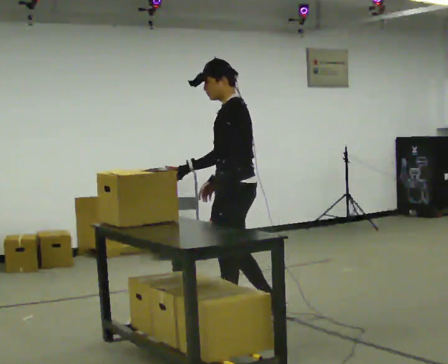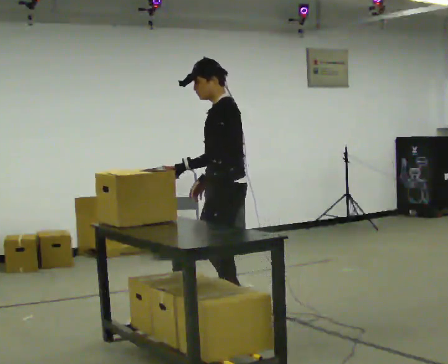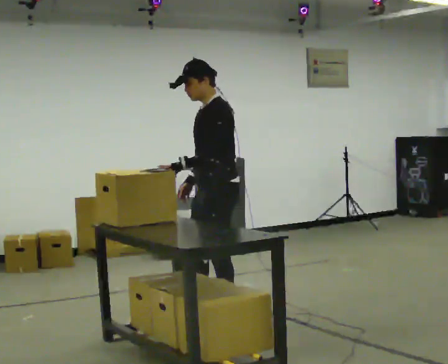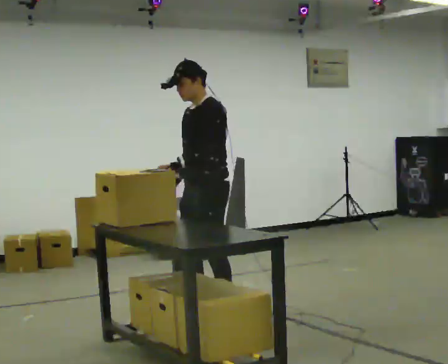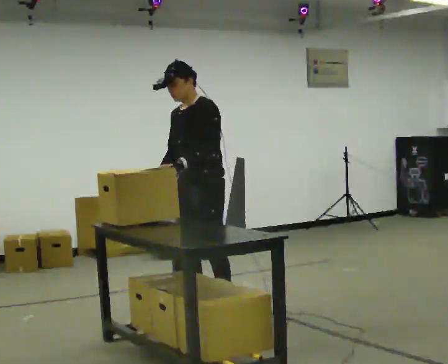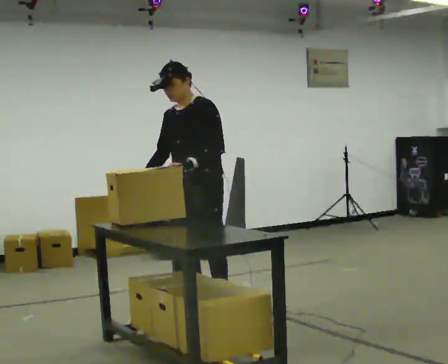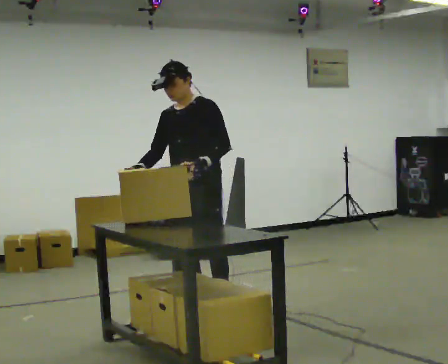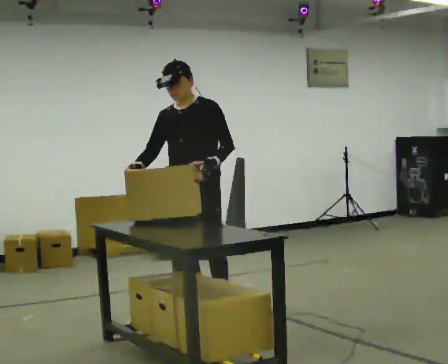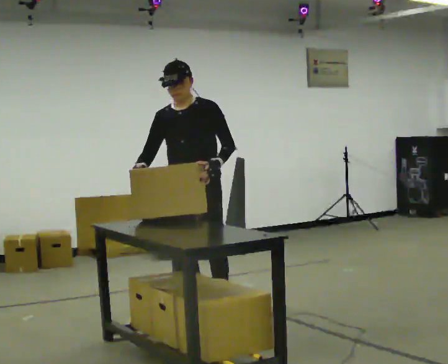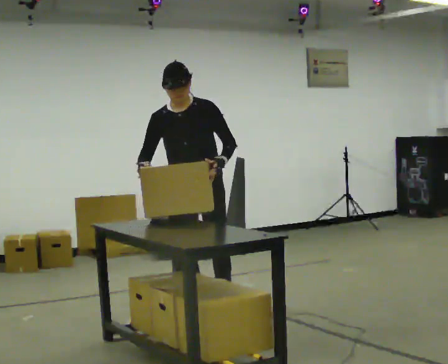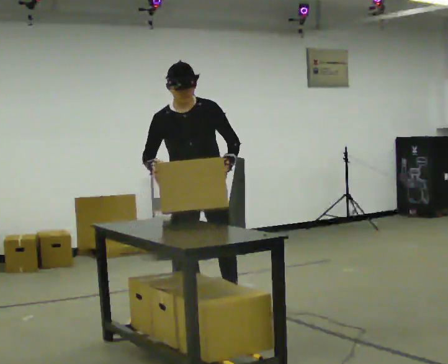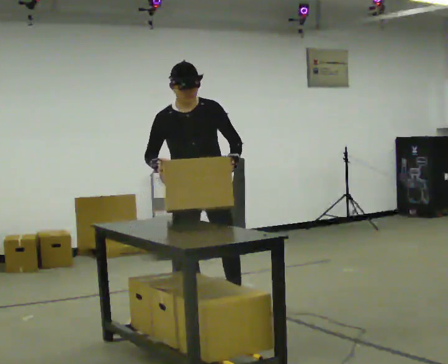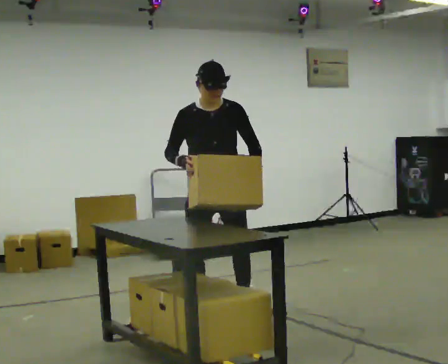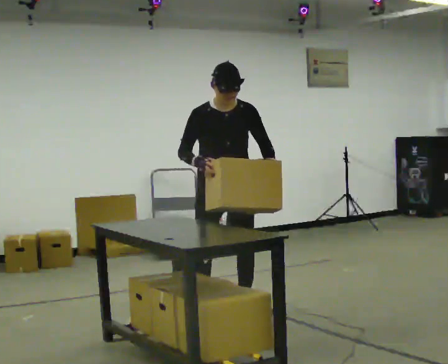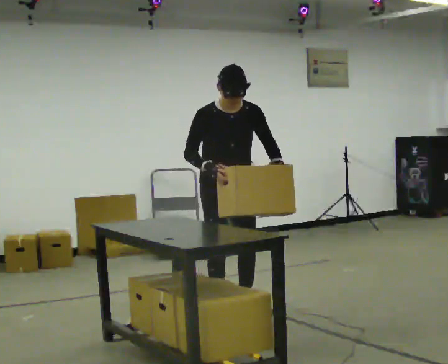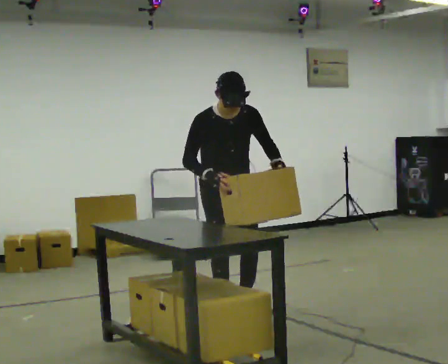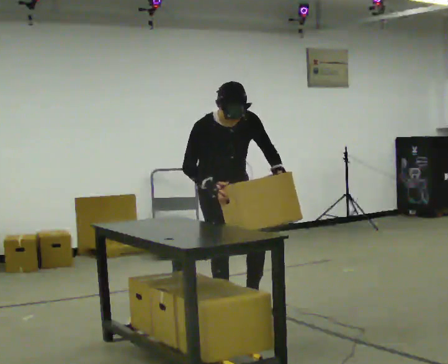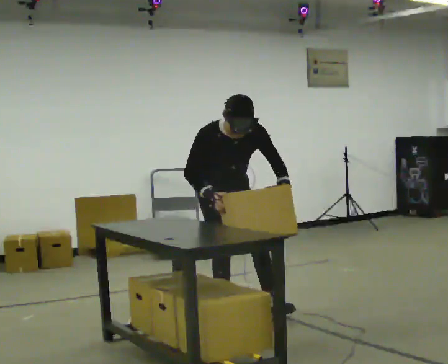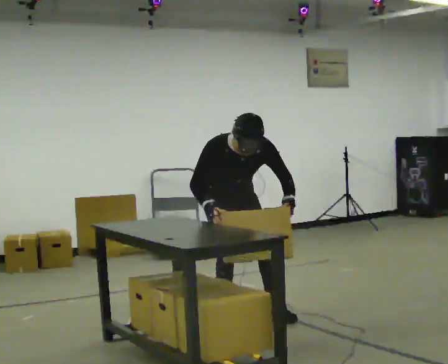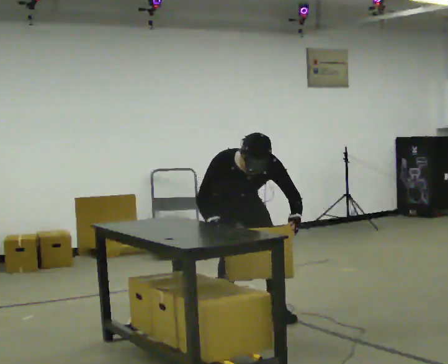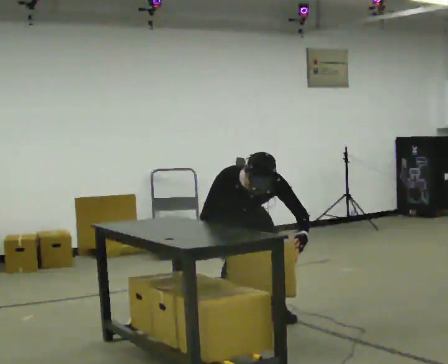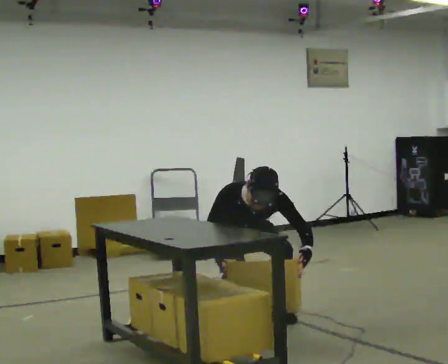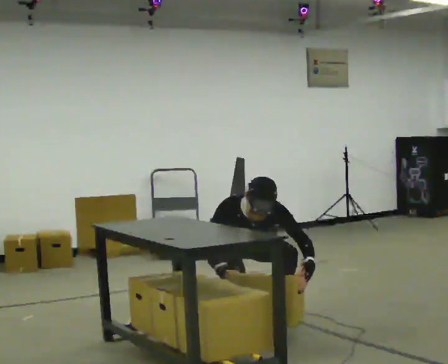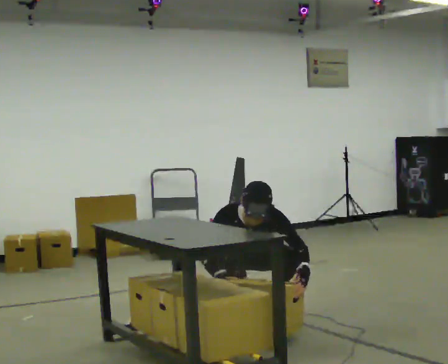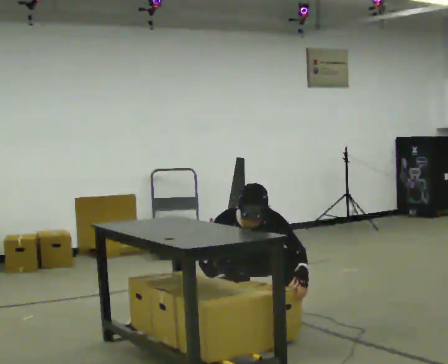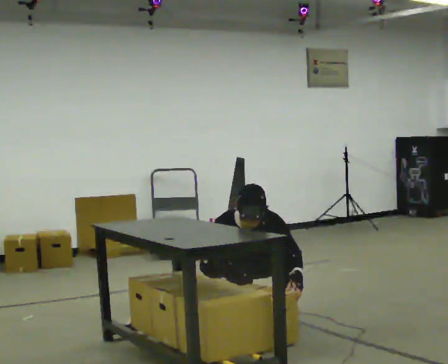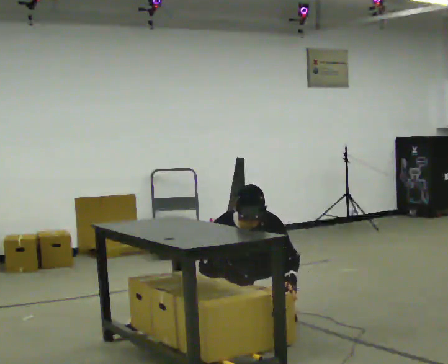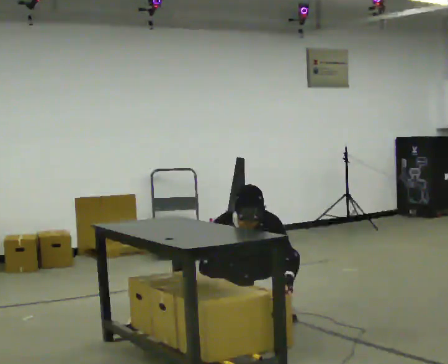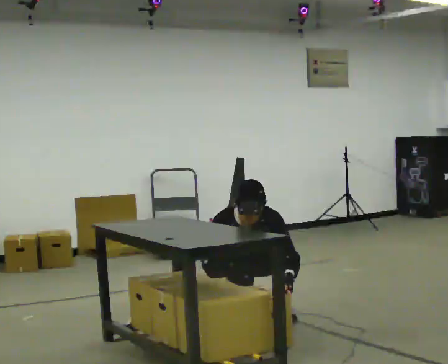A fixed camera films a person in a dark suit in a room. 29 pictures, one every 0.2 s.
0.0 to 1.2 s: The person turns about 60 degrees to their left, counterclockwise seen from above, so the part of the body nearest the lens slides to the right. In the picture they go to the left and away from the camera, about 0.25 m in 2 steps.
1.2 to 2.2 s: The person turns about 30 degrees to their left, counterclockwise seen from above, so the part of the body nearest the lens slides to the right.
2.2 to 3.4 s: The upper body goes downward. The upper body tips toward the camera, its near side rolling downward, as they bend forward.
3.4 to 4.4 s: The shoulders move downward. In the picture their left hand goes downward.
4.4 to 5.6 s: In the picture the upper body tilts counterclockwise, shoulders to the left.
The film runs forward here.
